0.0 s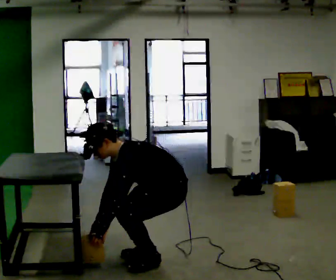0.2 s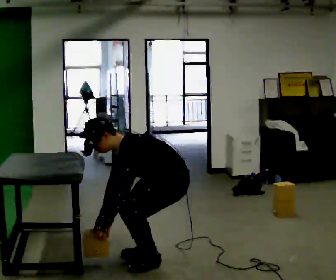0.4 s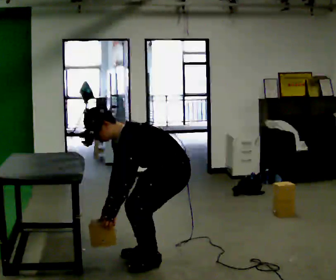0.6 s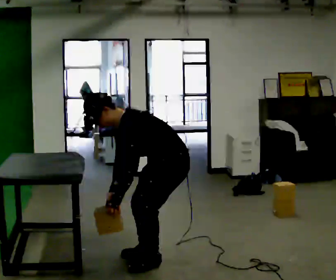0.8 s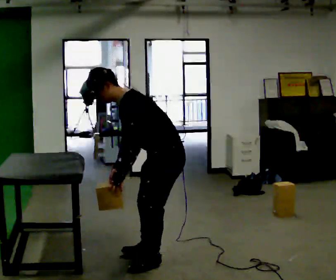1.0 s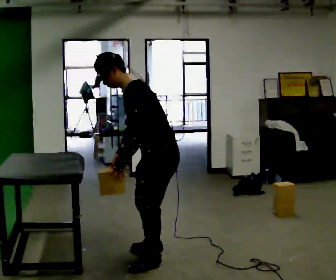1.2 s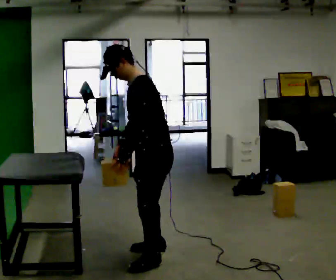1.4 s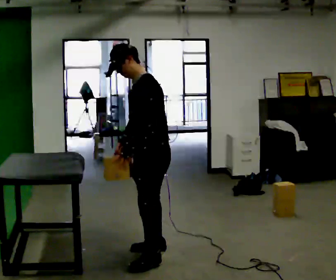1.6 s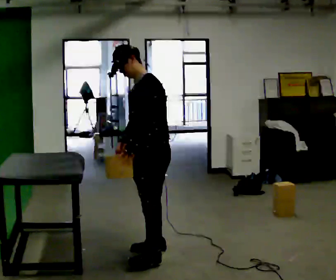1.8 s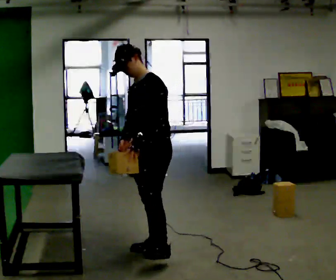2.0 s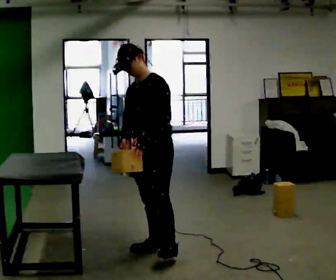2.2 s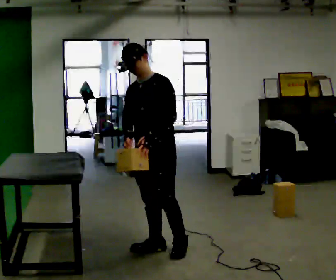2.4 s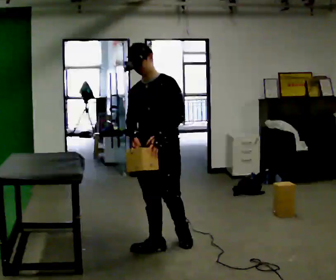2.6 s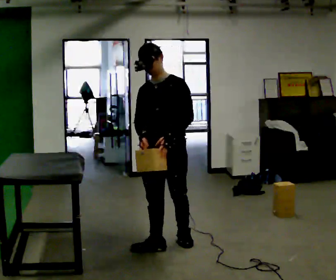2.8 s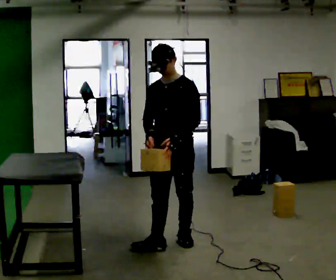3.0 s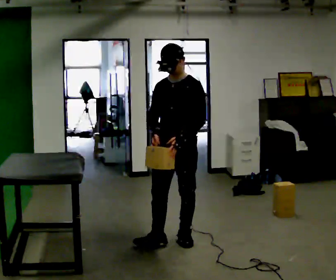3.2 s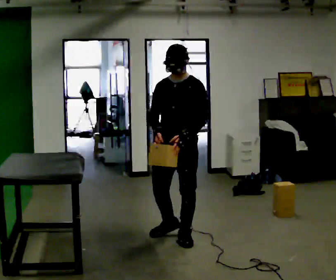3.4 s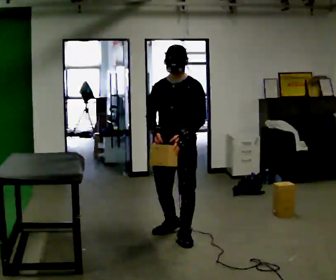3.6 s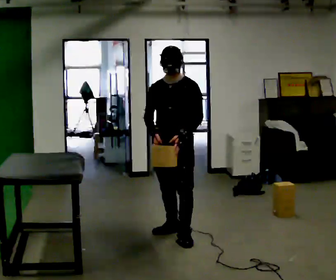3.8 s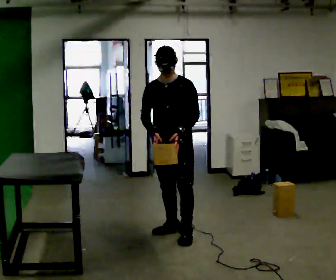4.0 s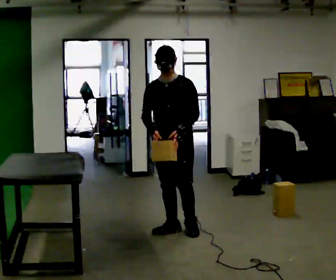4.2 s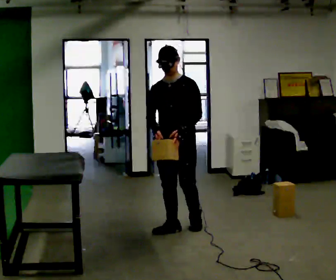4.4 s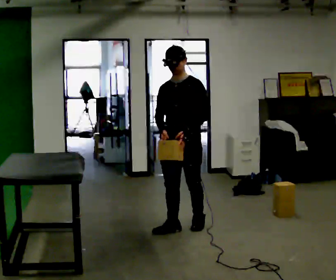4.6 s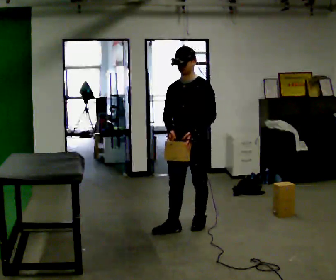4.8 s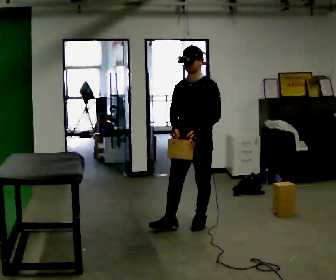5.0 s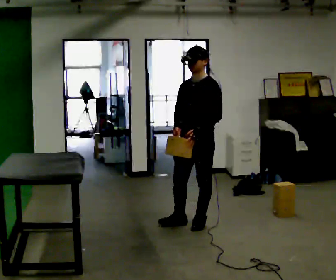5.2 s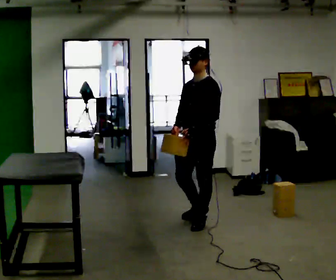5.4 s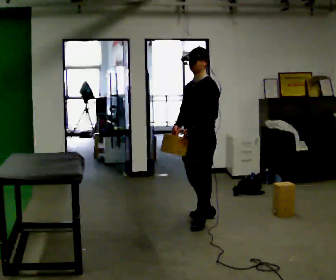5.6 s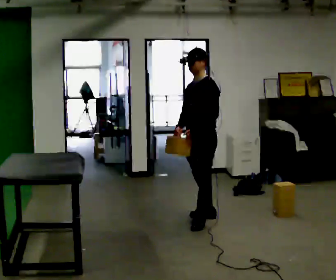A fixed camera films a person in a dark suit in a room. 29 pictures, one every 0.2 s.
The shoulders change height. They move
upward.
Their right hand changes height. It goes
upward.
0.0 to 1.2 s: The upper body goes upward. In the picture the upper body tilts clockwise, shoulders to the right, as they lean back or straighten. In the picture their right hand goes upward.
1.2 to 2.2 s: The part of the body nearest the lens slides to the right as the person turns to their left by about 45 degrees. In the picture they go away from the camera, about 0.25 m in 1 step, which for them is to their right and backward.
2.2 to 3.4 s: In the picture they go away from the camera and to the right, about 0.25 m in 1 step, which for them is backward.
3.4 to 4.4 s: In the picture they go away from the camera, about 0.25 m in 1 step, which for them is backward.
4.4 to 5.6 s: The part of the body nearest the lens slides to the left as the person turns to their right by about 30 degrees. In the picture they go away from the camera and to the right, about 0.25 m in 1 step, which for them is backward.
The film runs backward here.
